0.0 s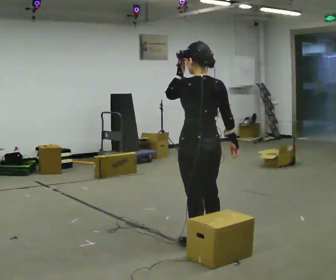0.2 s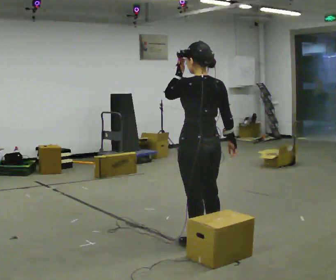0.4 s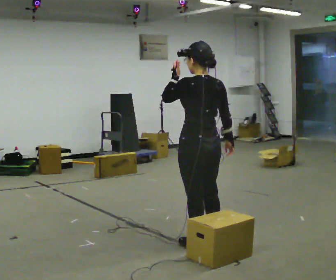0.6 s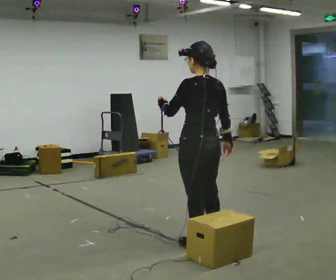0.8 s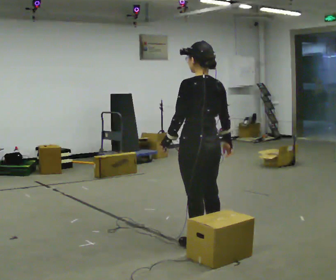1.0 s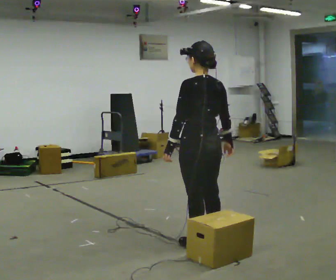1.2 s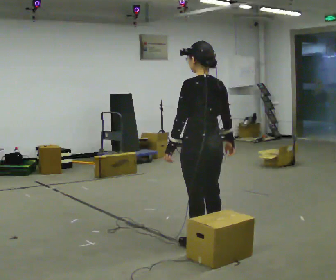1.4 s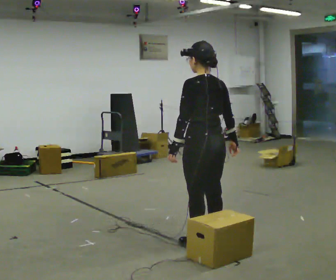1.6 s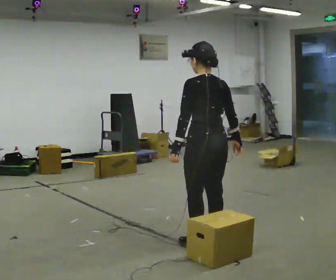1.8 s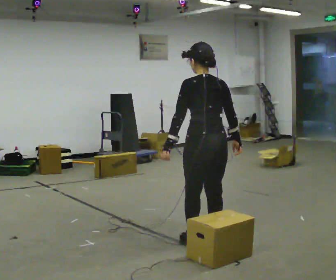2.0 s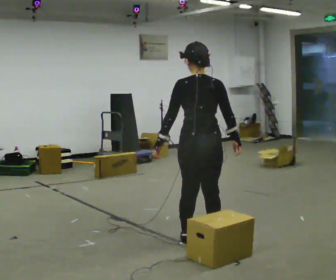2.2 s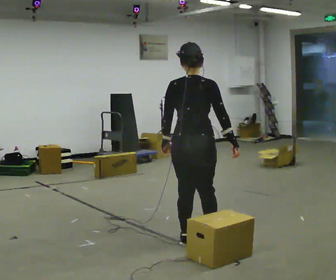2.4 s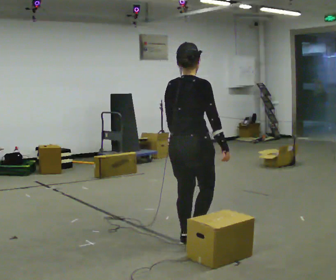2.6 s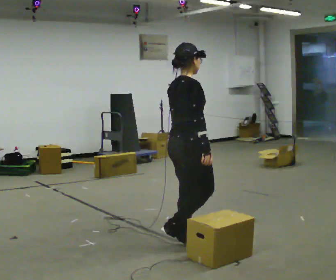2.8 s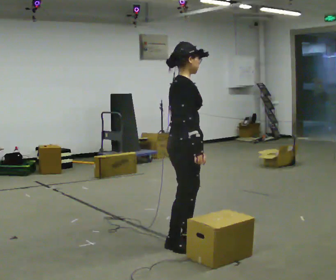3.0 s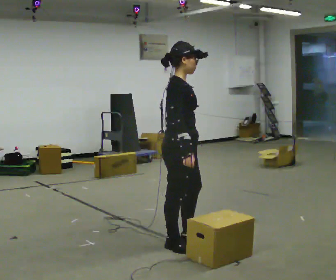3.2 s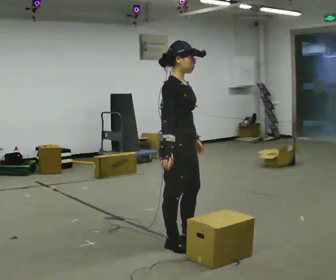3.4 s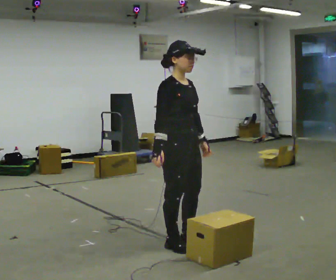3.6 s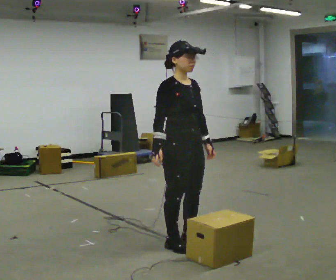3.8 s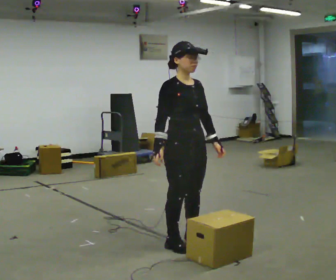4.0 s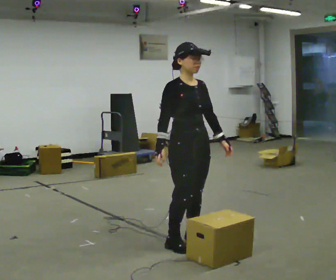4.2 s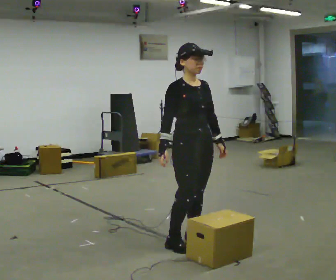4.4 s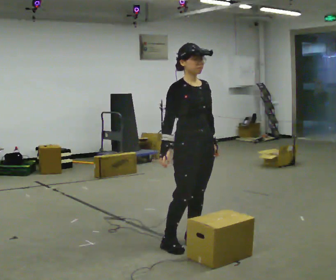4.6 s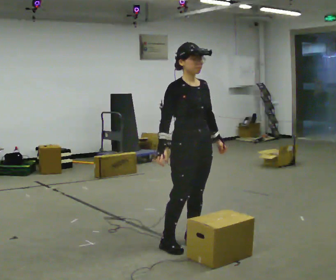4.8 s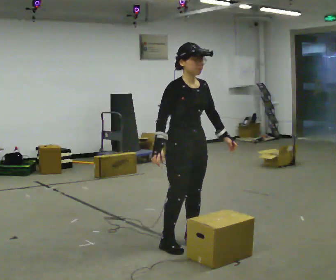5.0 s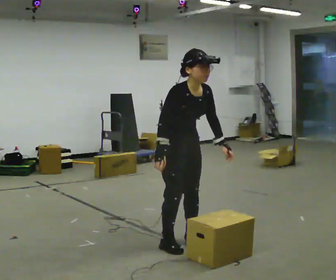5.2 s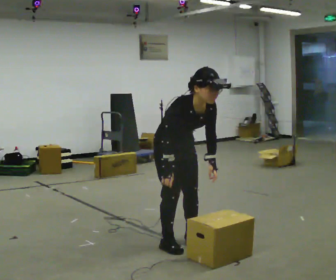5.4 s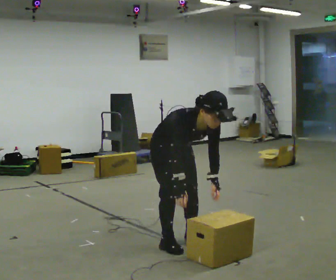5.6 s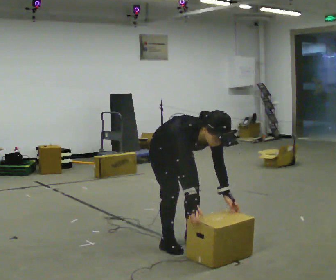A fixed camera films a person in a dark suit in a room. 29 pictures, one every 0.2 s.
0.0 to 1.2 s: In the picture their left hand goes downward.
1.2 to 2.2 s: The person turns about 45 degrees to their right, clockwise seen from above, so the part of the body nearest the lens slides to the left.
2.2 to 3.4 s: The part of the body nearest the lens slides to the left as the person turns to their right by about 120 degrees. In the picture their right hand goes to the left, the arm swinging clockwise.
3.4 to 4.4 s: The person moves a little, or ends about where they began.
4.4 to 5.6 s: In the picture they go to the left, about 0.25 m, which for them is backward. The upper body goes downward. In the picture the upper body tilts clockwise, shoulders to the right, as they bend forward. In the picture their right hand goes downward.
The film runs backward here.
